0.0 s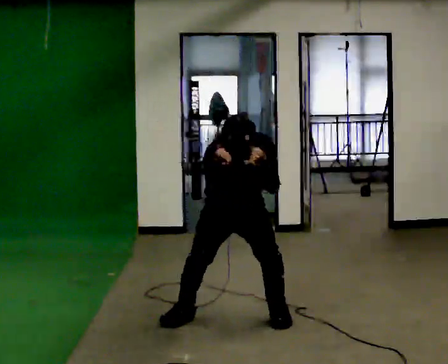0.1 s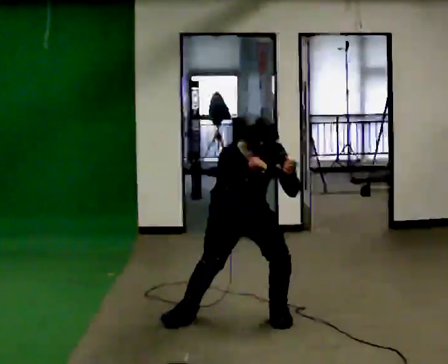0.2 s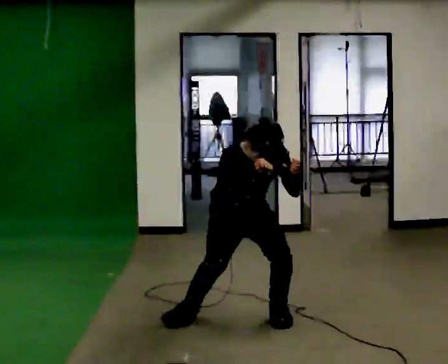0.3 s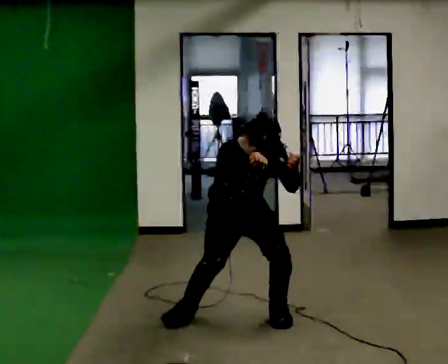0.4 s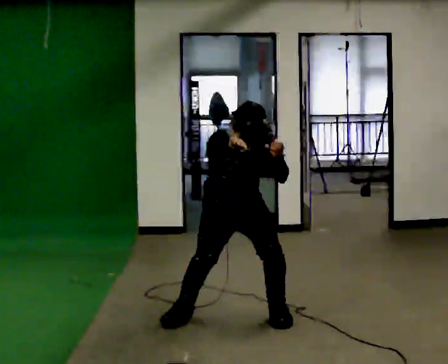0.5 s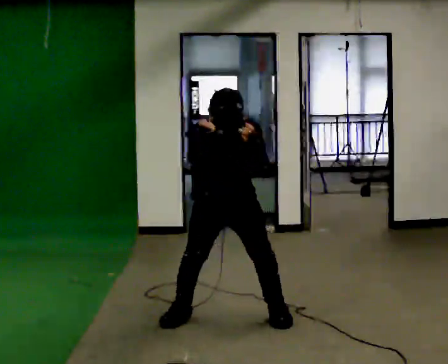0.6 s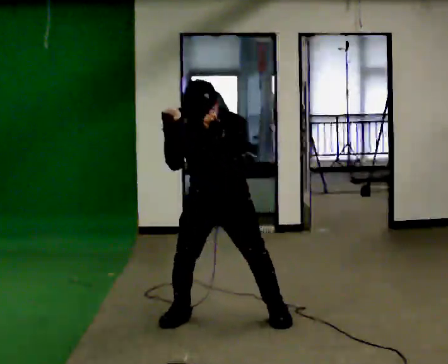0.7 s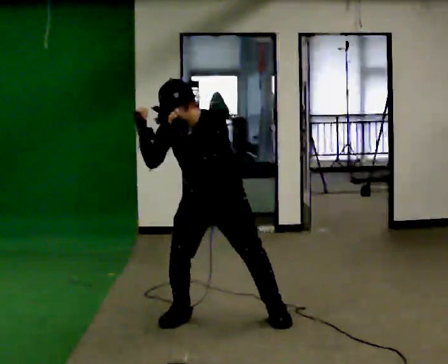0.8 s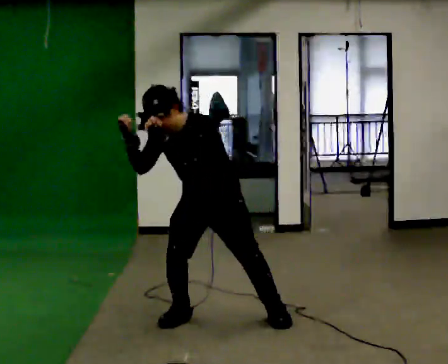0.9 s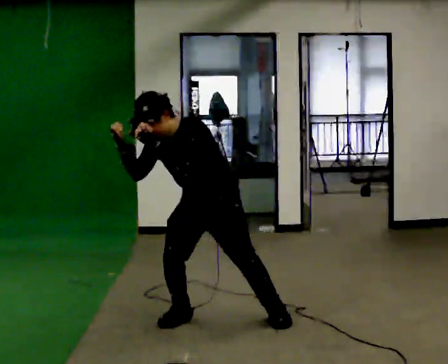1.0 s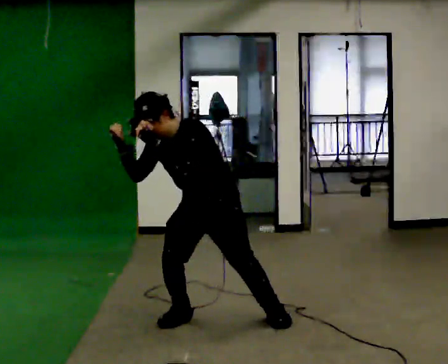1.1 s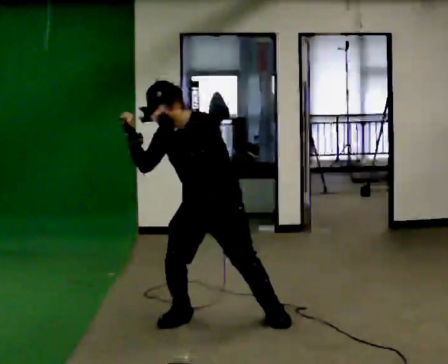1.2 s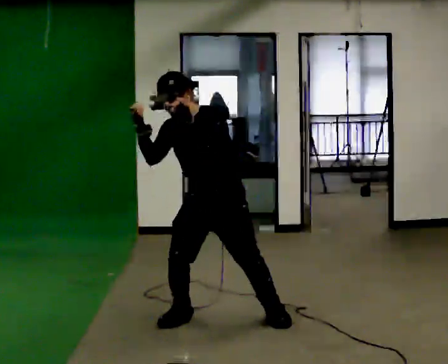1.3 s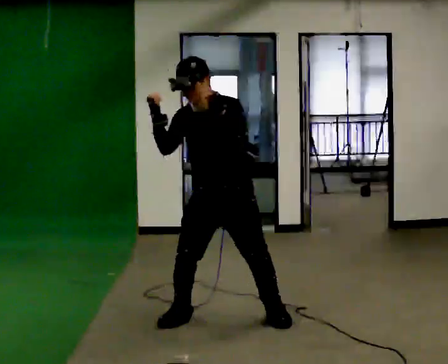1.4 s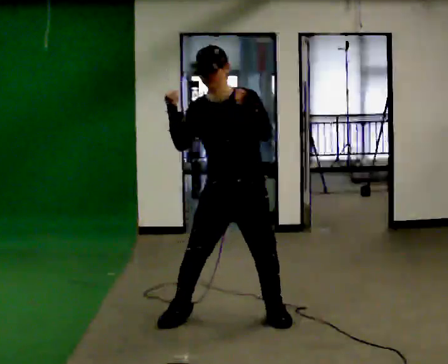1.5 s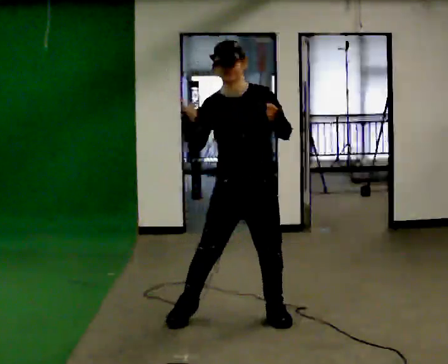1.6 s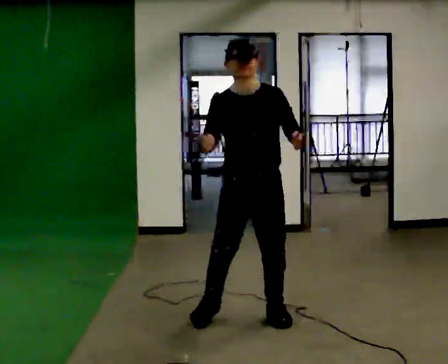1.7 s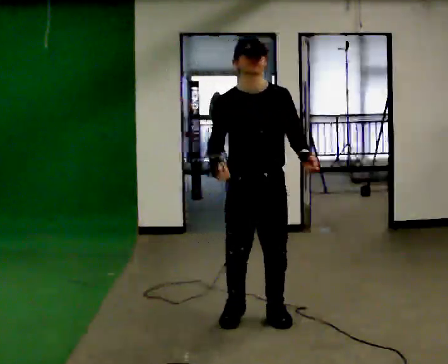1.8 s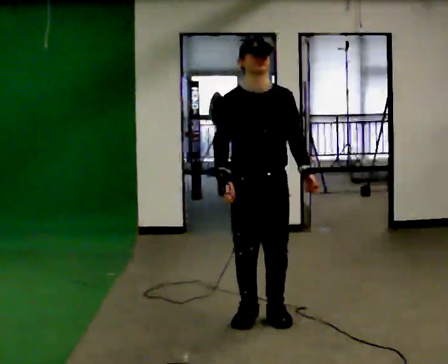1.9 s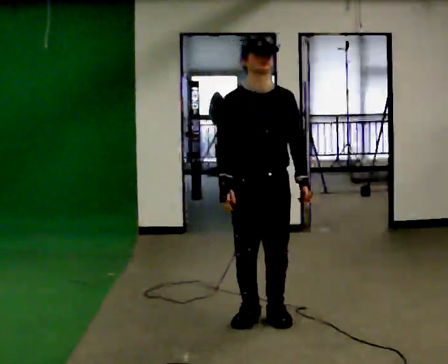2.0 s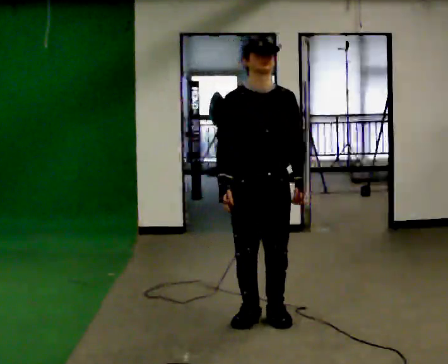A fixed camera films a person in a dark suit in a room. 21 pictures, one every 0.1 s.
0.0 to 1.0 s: The part of the body nearest the lens slides to the left as the person turns to their right by about 30 degrees. In the picture the upper body tilts counterclockwise, shoulders to the left. In the picture their right hand goes to the left.
1.0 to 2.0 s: The part of the body nearest the lens slides to the right as the person turns to their left by about 30 degrees. In the picture they go to the right, about 0.25 m in 1 step, which for them is to their left. The upper body goes upward. In the picture the upper body tilts clockwise, shoulders to the right, as they lean back or straighten.
The film runs forward here.
